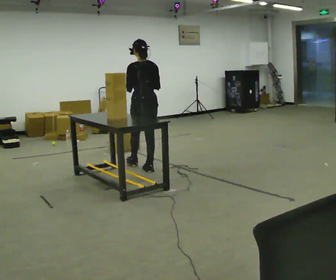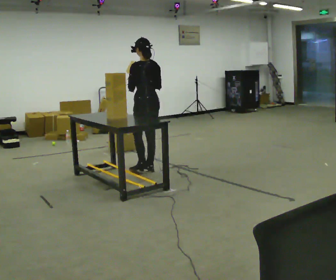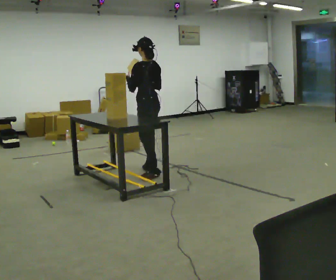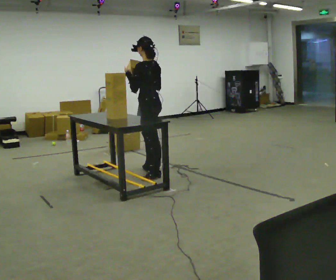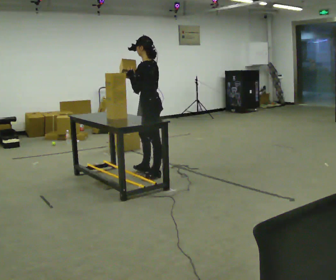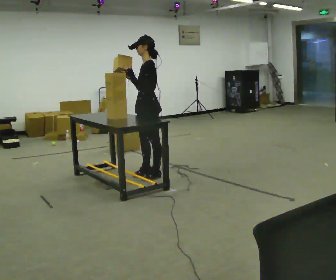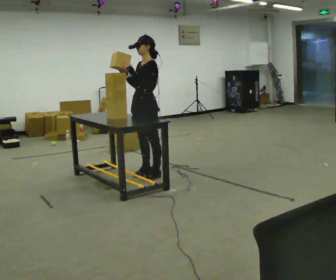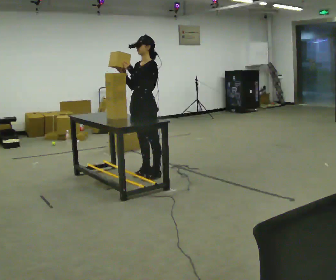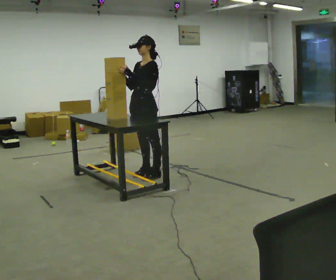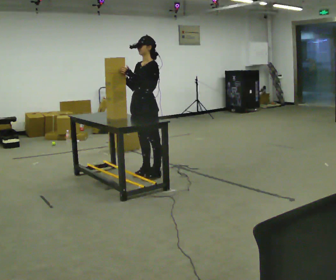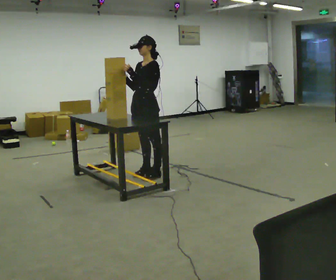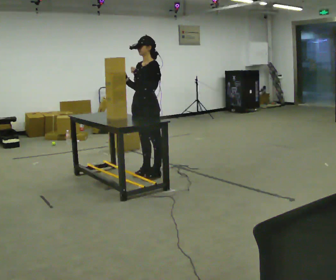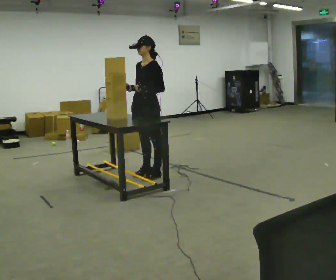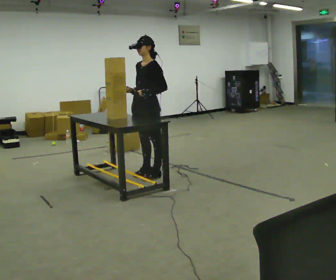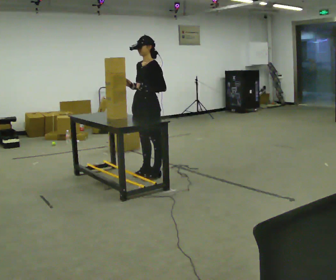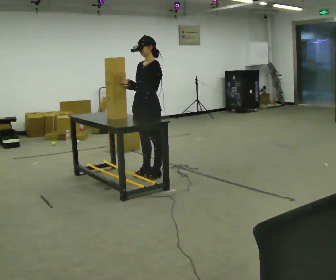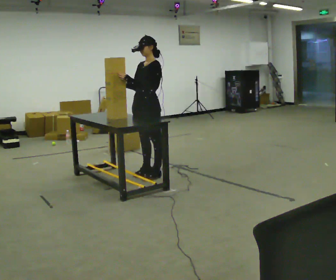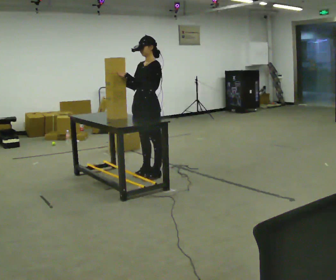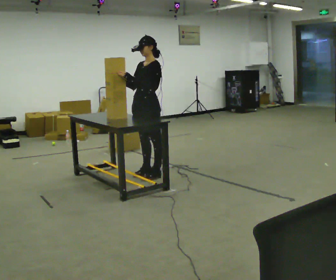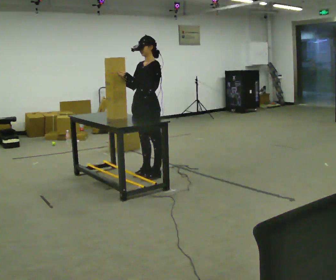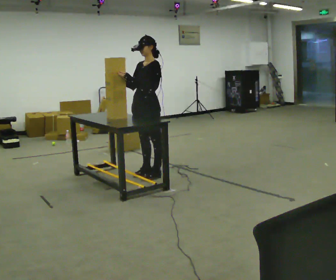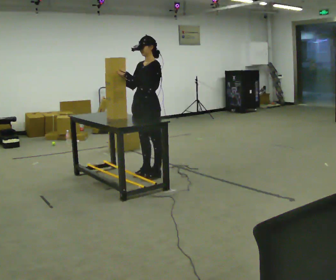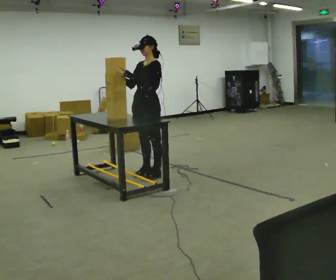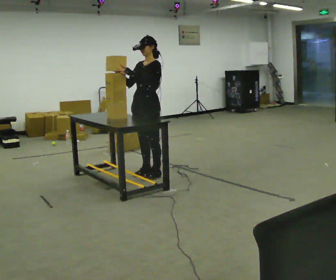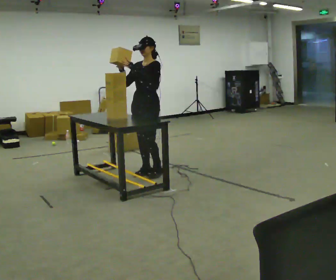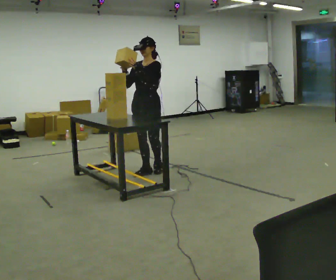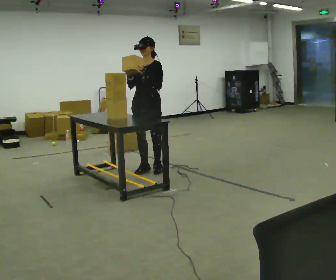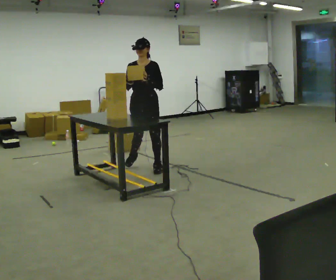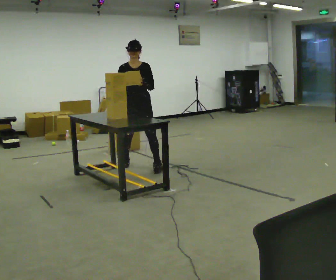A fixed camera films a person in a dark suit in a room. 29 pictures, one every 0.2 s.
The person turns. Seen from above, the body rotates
counterclockwise.
The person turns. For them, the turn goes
to their left.
0.0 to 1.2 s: The part of the body nearest the lens slides to the right as the person turns to their left by about 90 degrees. In the picture they go toward the camera, about 0.25 m.
1.2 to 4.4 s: The person moves a little, or ends about where they began.
4.4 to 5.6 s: Seen from above the body turns counterclockwise, about 60 degrees: to their left, with its near side sliding to the right. In the picture they go away from the camera, about 0.5 m in 3 steps, which for them is to their right and backward.
The film runs backward here.
